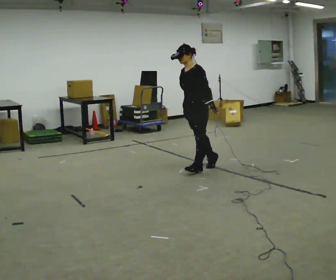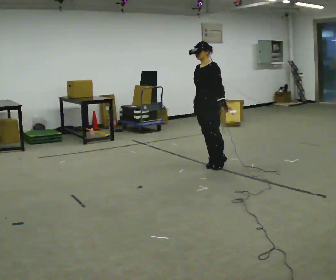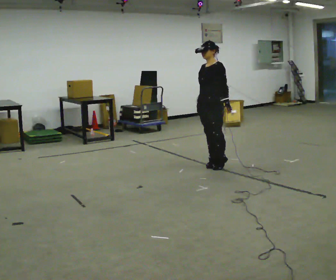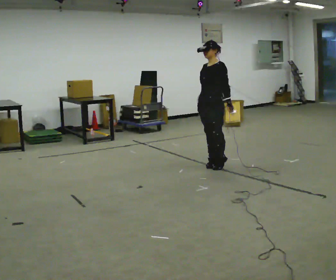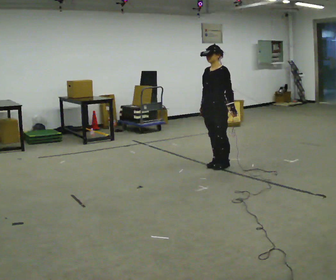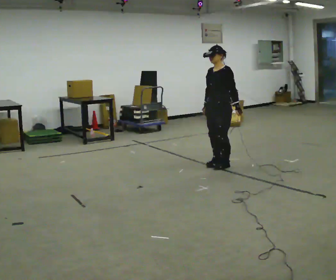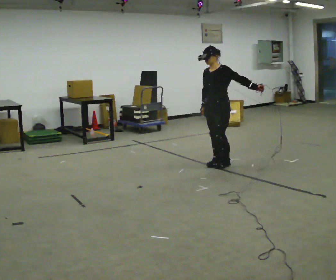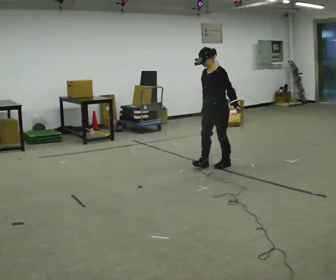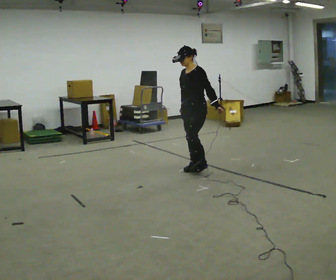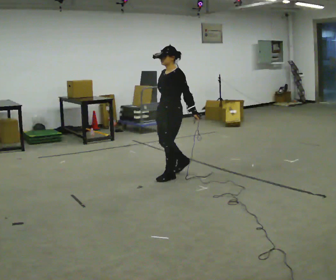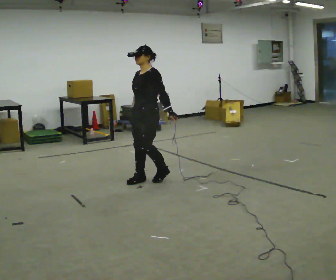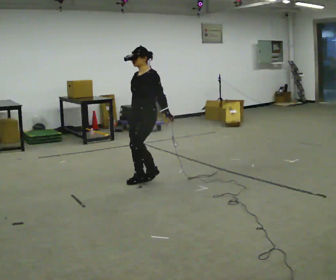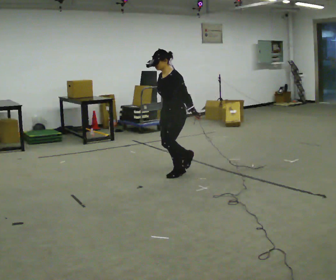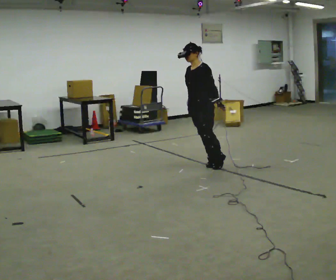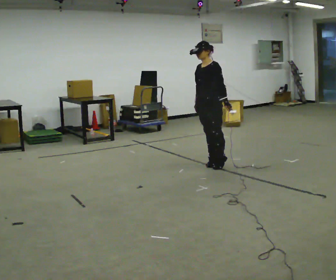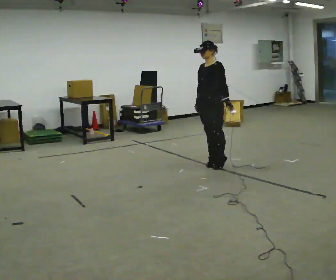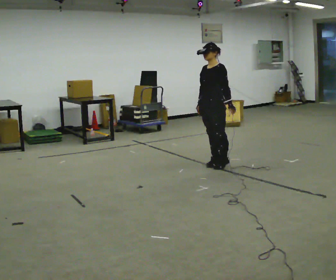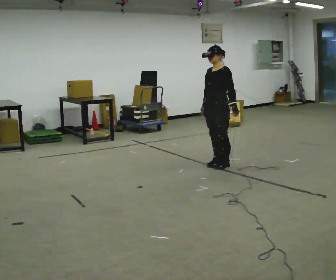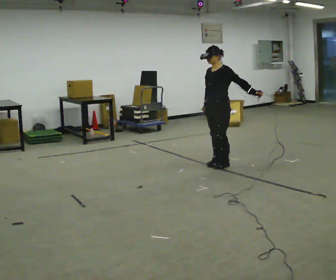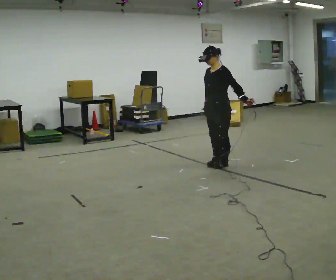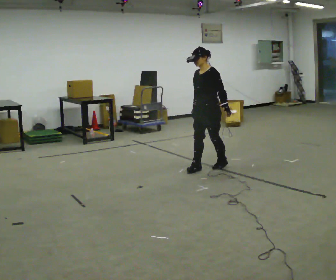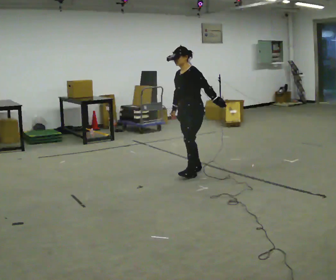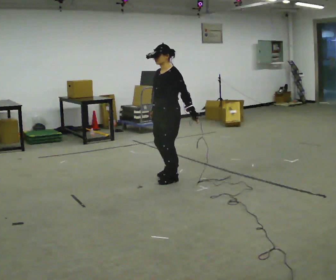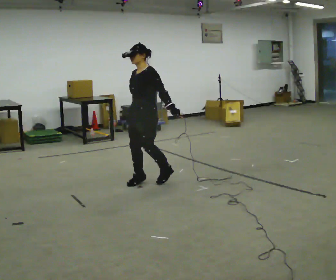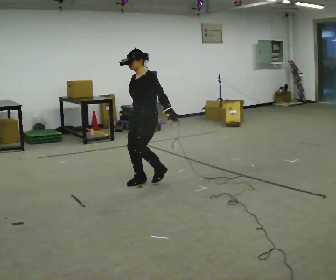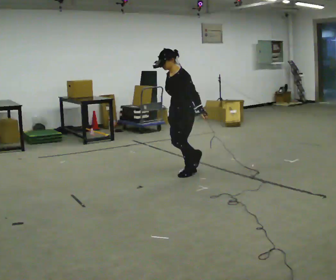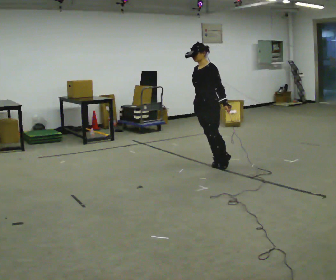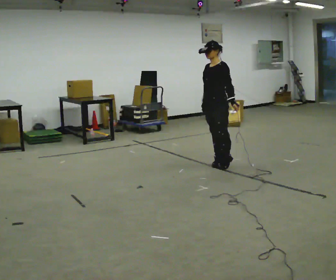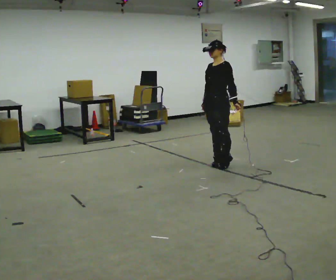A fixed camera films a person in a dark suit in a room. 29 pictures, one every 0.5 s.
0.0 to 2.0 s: In the picture they go to the right, about 0.25 m, which for them is backward.
2.0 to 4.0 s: In the picture they go to the left, about 0.25 m in 2 steps, which for them is forward.
4.0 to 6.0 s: In the picture they go to the left and toward the camera, about 0.25 m in 4 steps, which for them is forward.
6.0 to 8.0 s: In the picture they go to the right and away from the camera, about 0.5 m in 1 step, which for them is backward.
8.0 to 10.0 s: The person moves a little, or ends about where they began.
10.0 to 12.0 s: In the picture they go to the left and toward the camera, about 1 m in 4 steps, which for them is forward.
12.0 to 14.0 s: In the picture they go to the right and away from the camera, about 1 m in 2 steps, which for them is backward.
The film runs backward here.
